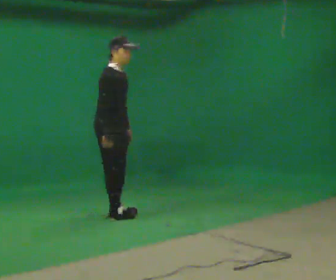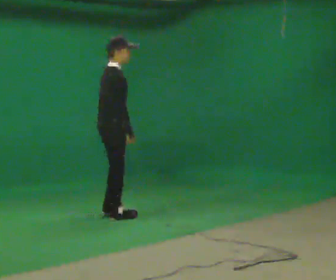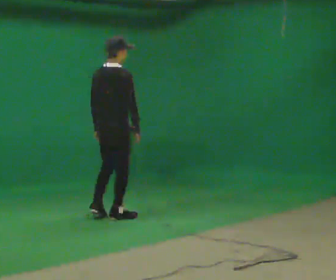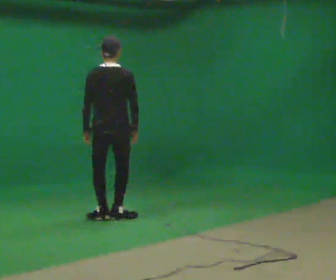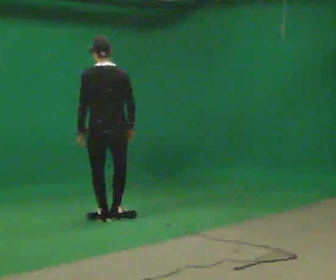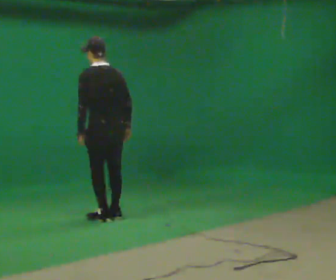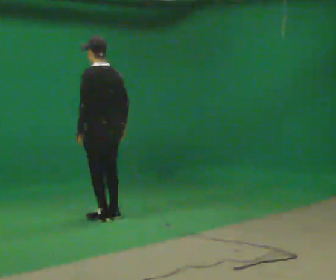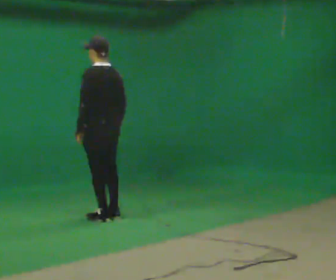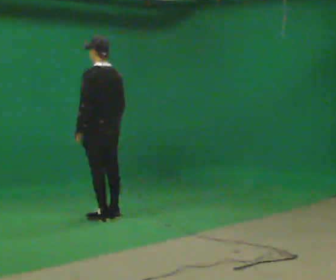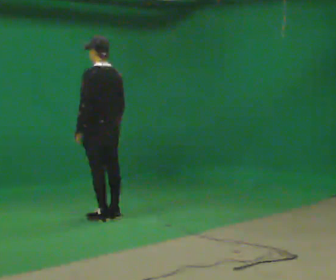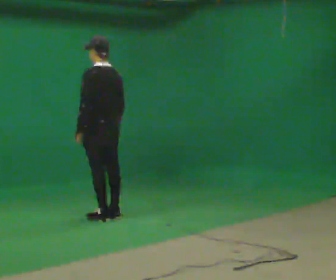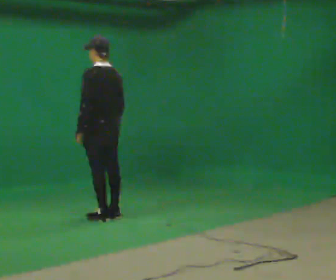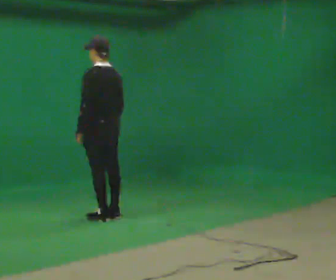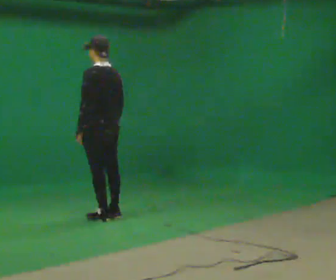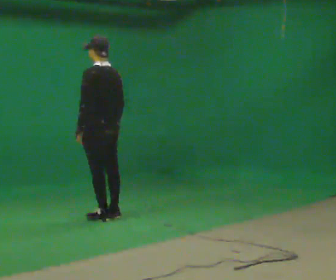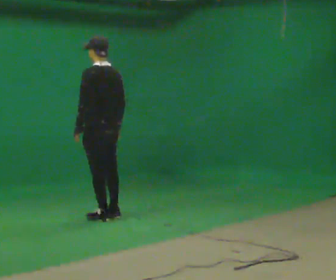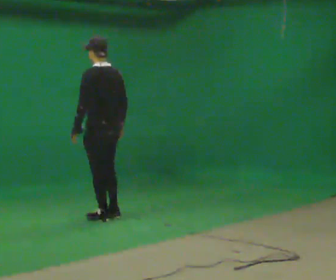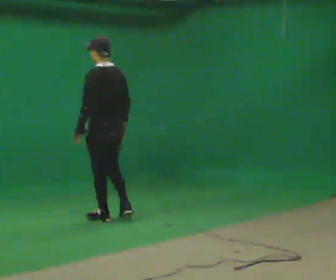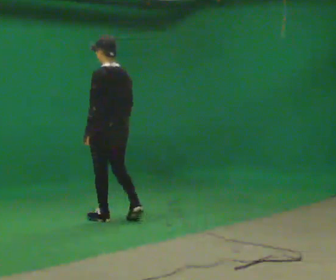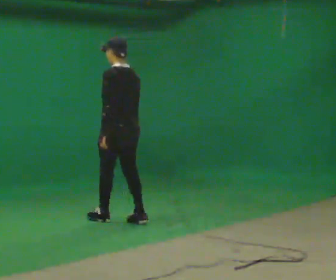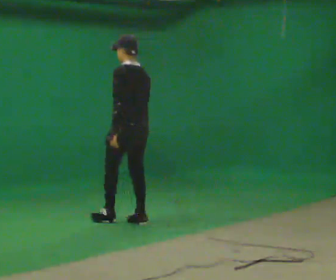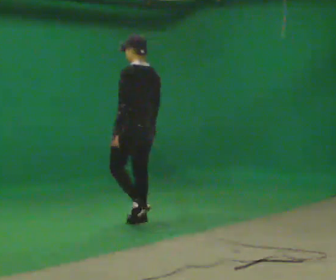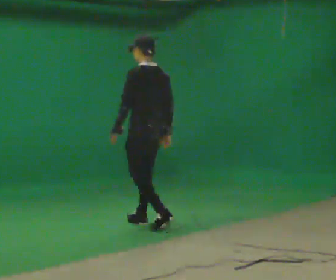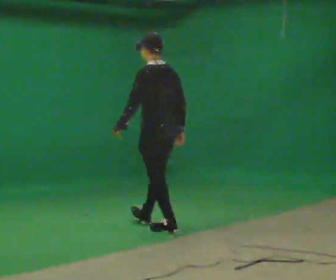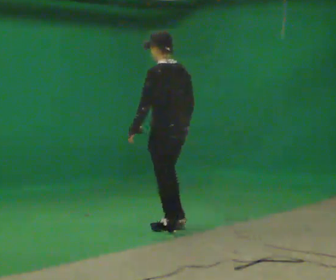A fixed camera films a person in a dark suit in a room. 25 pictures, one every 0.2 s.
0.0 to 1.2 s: Seen from above the body turns counterclockwise, about 150 degrees: to their left, with its near side sliding to the right. In the picture the upper body tilts counterclockwise, shoulders to the left. In the picture their left hand goes to the left.
1.2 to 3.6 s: The person moves a little, or ends about where they began.
3.6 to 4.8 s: In the picture they go toward the camera and to the right, about 1 m in 2 steps, which for them is backward.
The film runs backward here.
